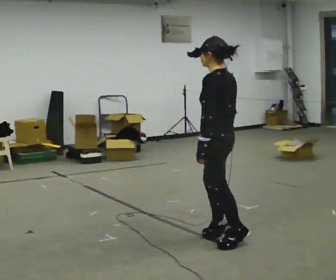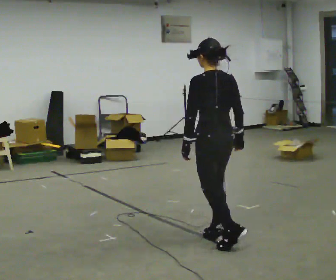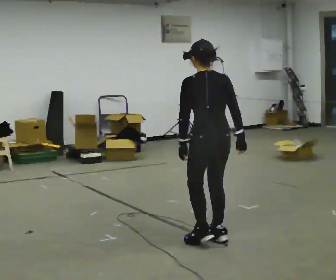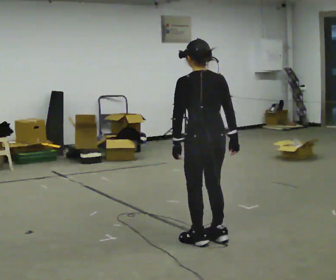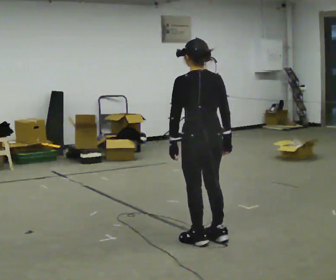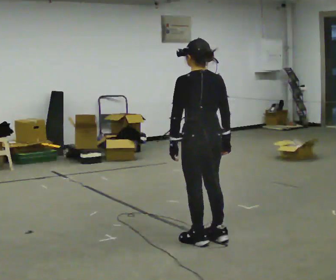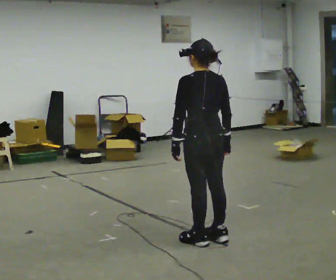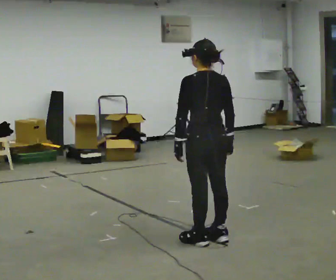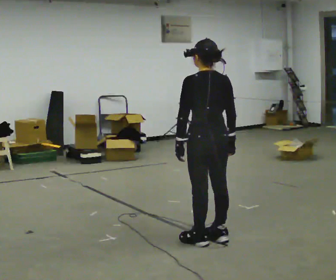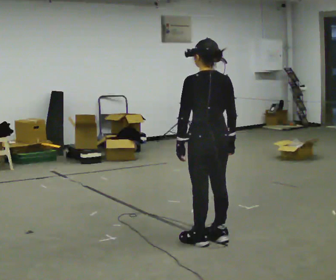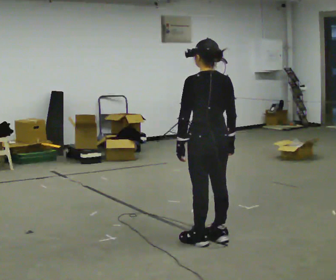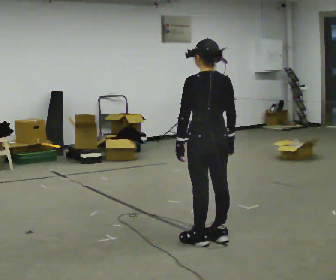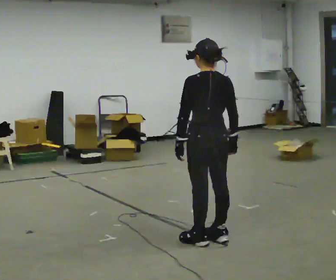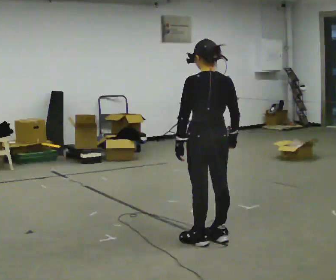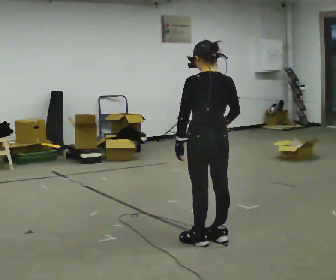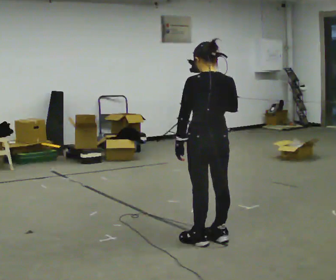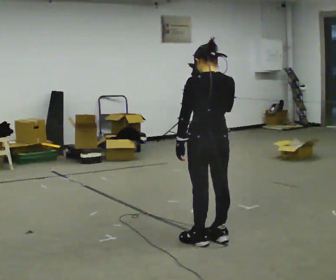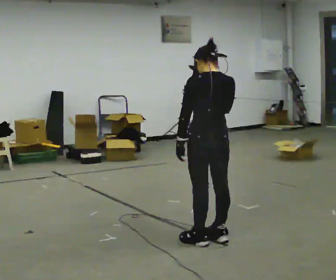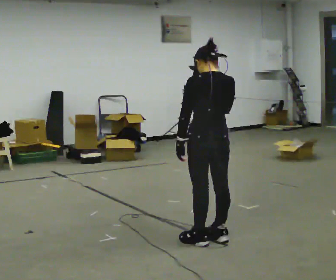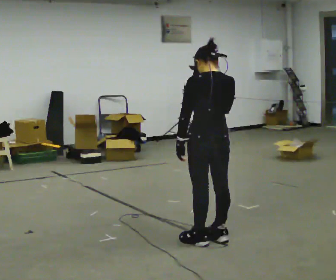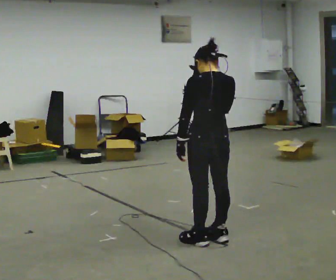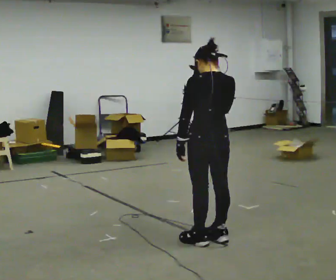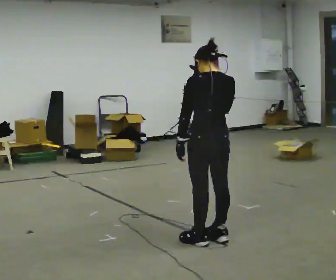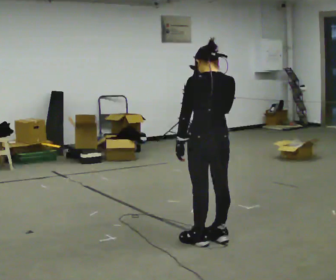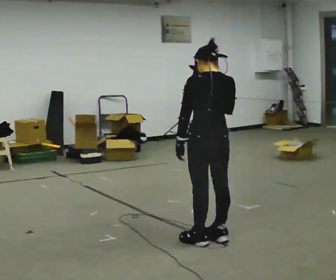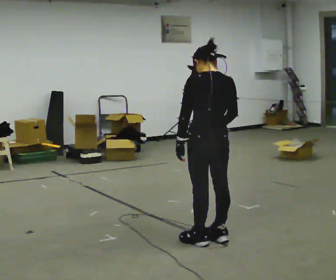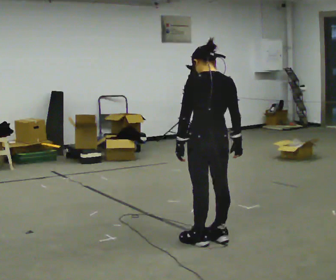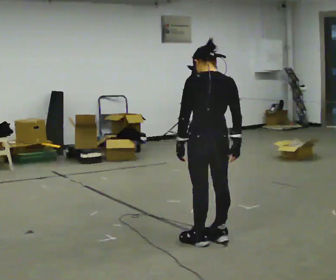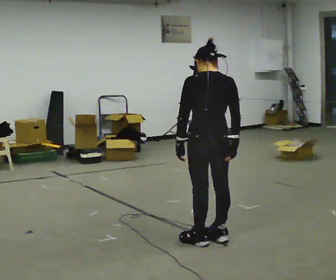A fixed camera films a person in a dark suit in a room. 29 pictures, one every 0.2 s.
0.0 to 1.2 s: Seen from above the body turns clockwise, about 30 degrees: to their right, with its near side sliding to the left.
1.2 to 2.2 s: The person moves a little, or ends about where they began.
2.2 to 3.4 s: In the picture their right hand goes upward.
3.4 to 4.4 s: The person keeps their place and pose.
4.4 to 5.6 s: In the picture their right hand goes downward.
The film runs forward here.
